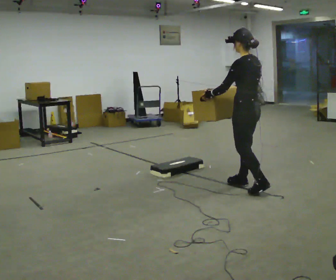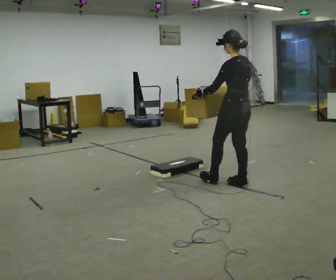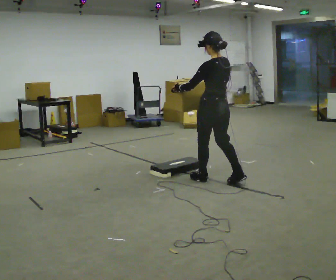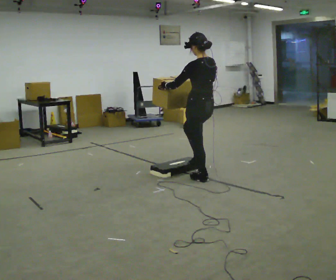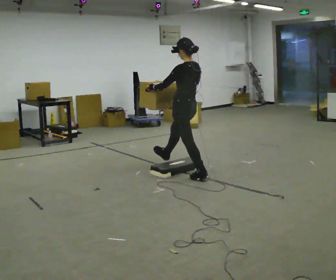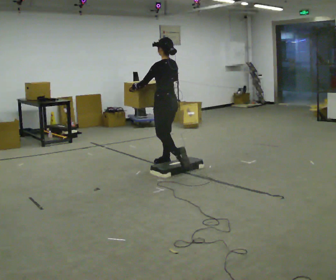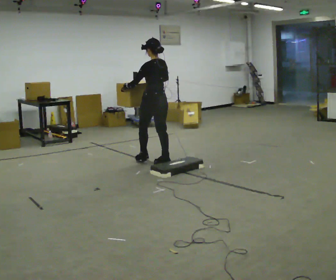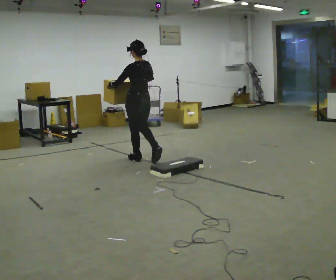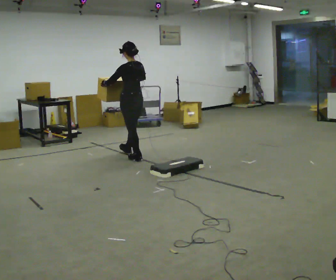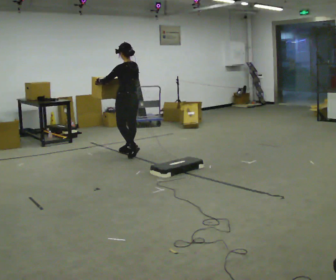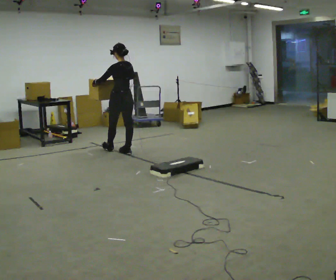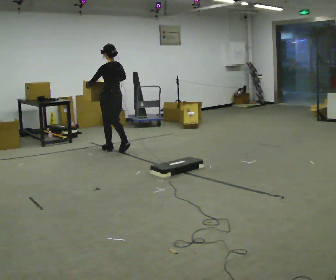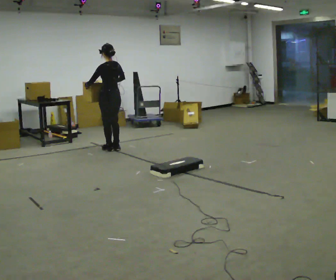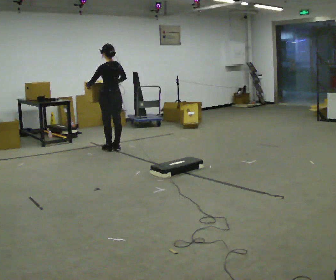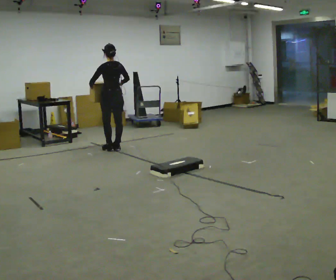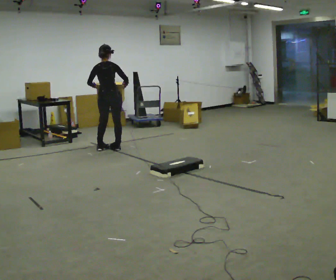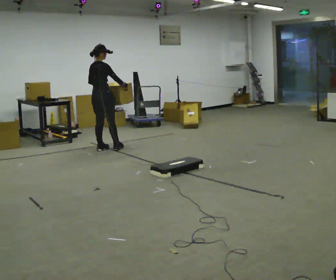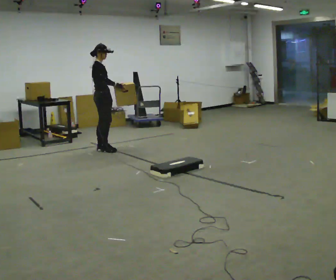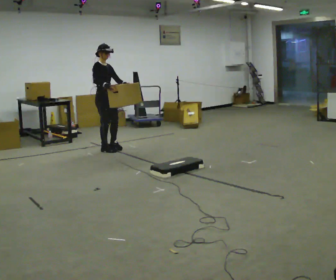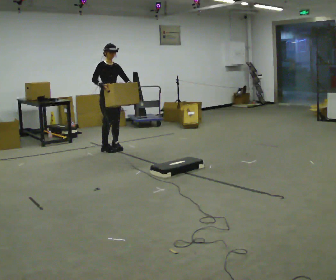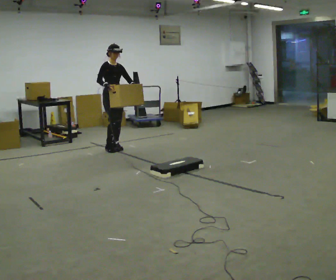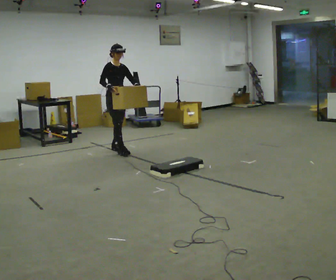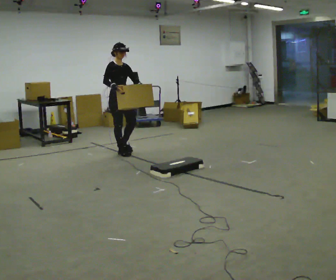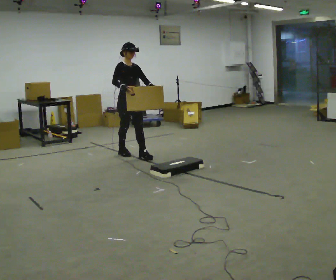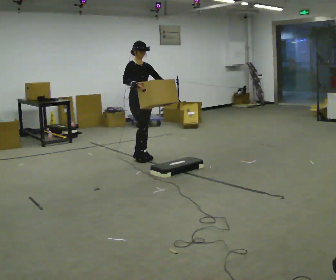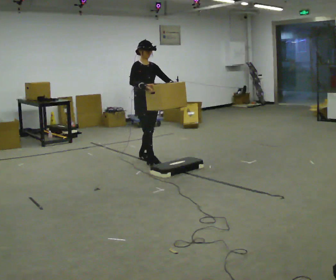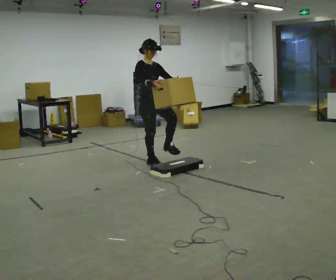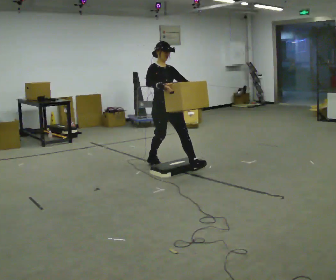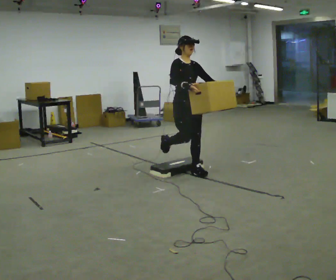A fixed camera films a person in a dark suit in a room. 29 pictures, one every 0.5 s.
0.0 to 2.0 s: In the picture they go away from the camera and to the left, about 1 m in 1 step, which for them is forward.
2.0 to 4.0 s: In the picture they go away from the camera and to the left, about 1 m in 2 steps, which for them is forward.
4.0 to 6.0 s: In the picture they go away from the camera and to the left, about 0.75 m in 3 steps, which for them is forward.
6.0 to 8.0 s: The person turns about 75 degrees to their right, clockwise seen from above, so the part of the body nearest the lens slides to the left.
8.0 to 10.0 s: The part of the body nearest the lens slides to the left as the person turns to their right by about 105 degrees. In the picture they go to the right, about 0.25 m in 2 steps.
10.0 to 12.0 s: In the picture they go toward the camera and to the right, about 0.5 m in 2 steps, which for them is forward.
12.0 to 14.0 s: In the picture they go toward the camera and to the right, about 1 m in 2 steps, which for them is forward.
The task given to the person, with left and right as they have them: Carry the box over the low sill without stopping, then bring it back over. Keep going until the operator says stop; one object at a time, and do not rush between trips.
The film runs forward here.
